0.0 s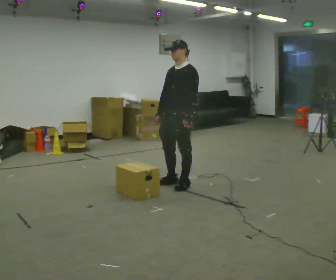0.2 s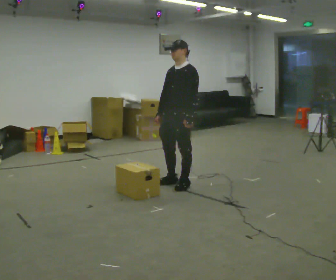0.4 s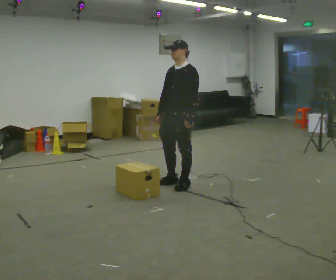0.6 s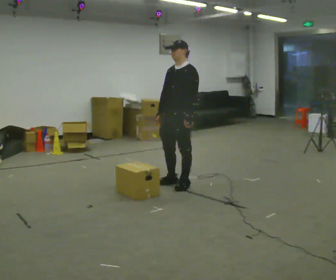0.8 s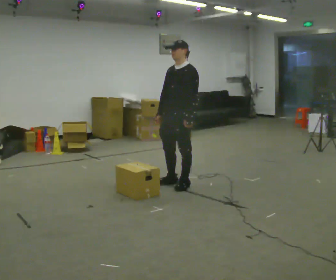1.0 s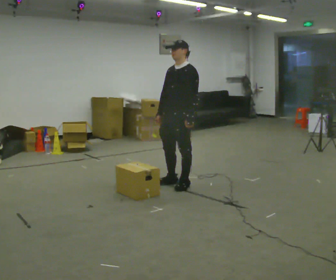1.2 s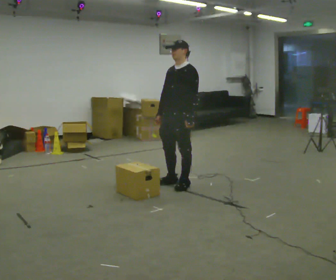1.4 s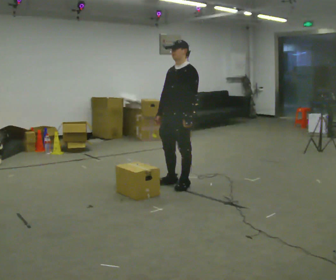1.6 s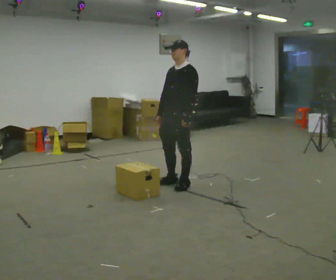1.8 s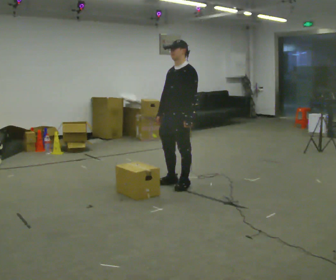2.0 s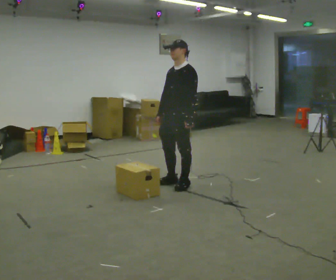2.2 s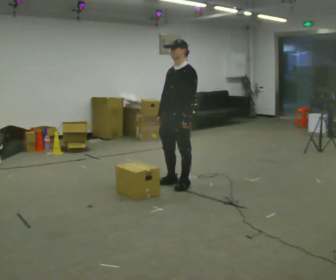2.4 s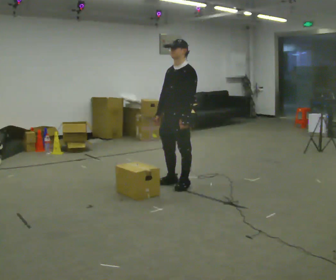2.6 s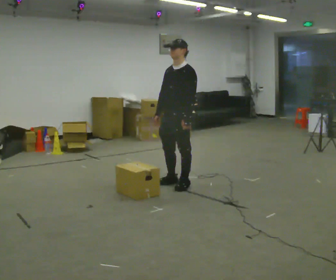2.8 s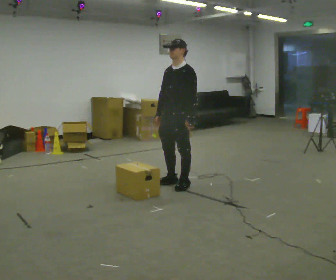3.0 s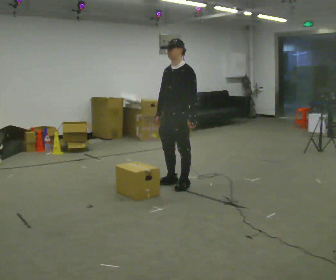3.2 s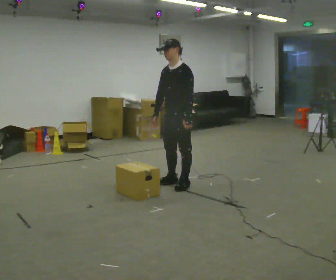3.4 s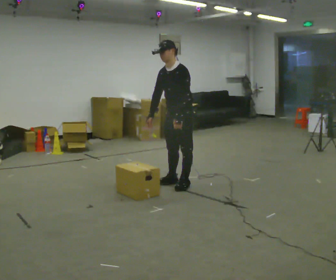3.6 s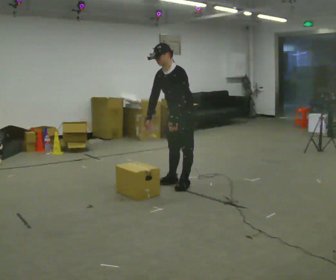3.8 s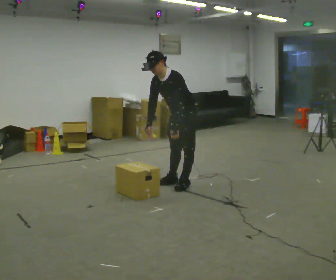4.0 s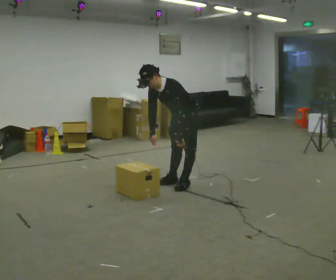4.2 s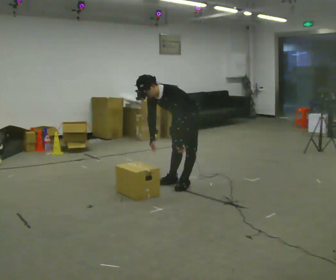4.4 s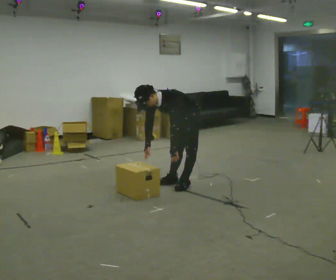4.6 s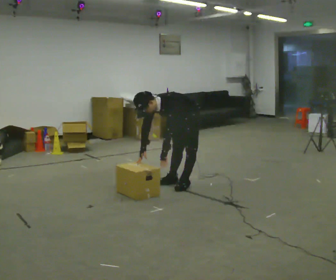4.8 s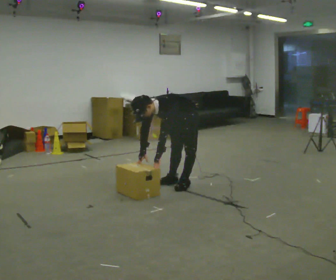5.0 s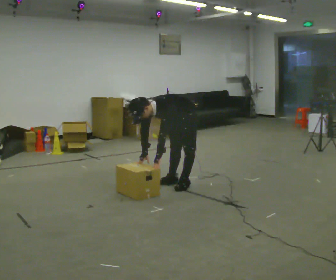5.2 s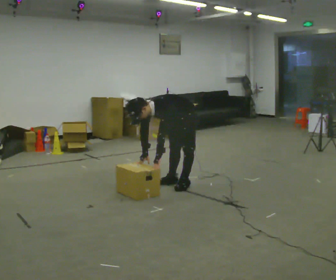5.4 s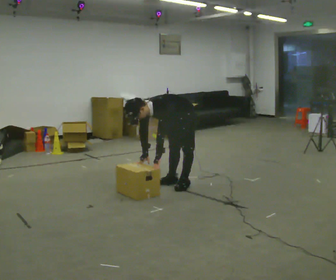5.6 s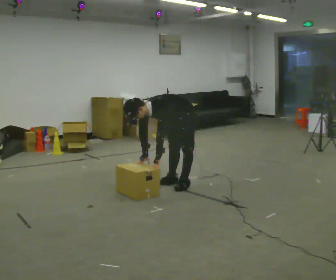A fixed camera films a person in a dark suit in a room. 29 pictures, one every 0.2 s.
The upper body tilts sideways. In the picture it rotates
counterclockwise.
Their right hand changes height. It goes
downward.
0.0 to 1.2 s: The person keeps their place and pose.
1.2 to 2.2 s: The person moves a little, or ends about where they began.
2.2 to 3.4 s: In the picture the upper body tilts counterclockwise, shoulders to the left, as they bend forward.
3.4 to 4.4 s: The shoulders move downward. In the picture the upper body tilts counterclockwise, shoulders to the left, as they bend forward. In the picture their left hand goes downward.
4.4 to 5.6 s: In the picture the upper body tilts counterclockwise, shoulders to the left.
The film runs backward here.
